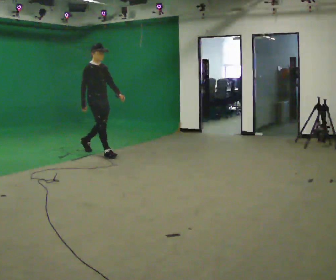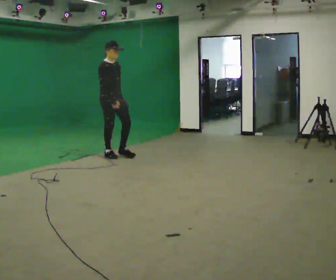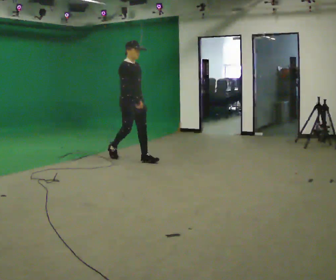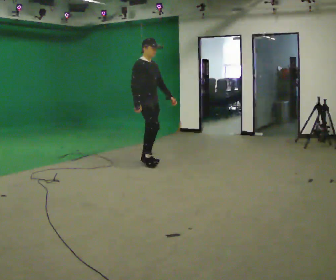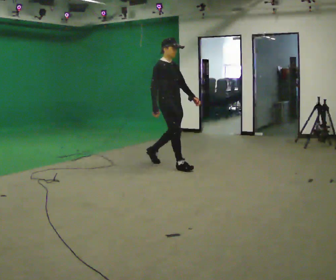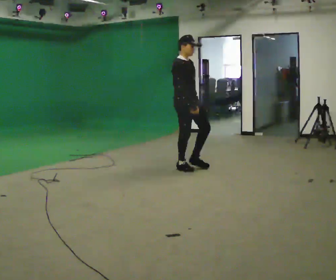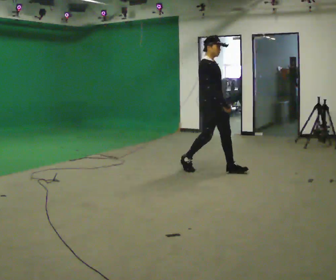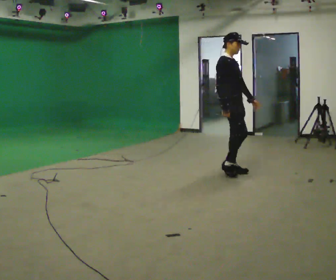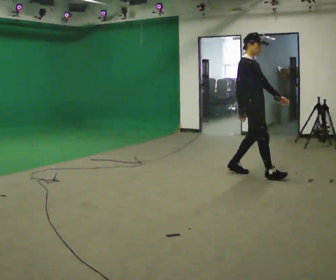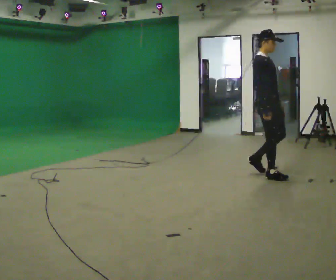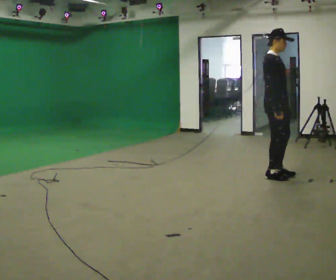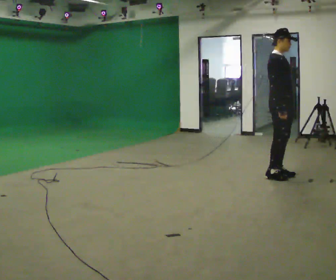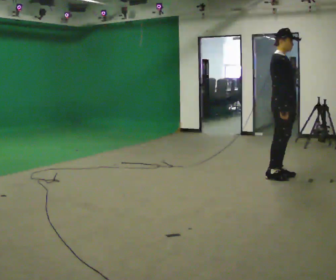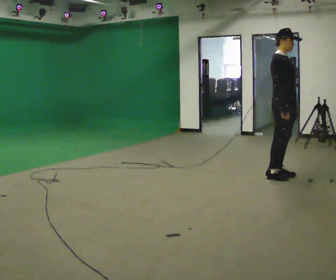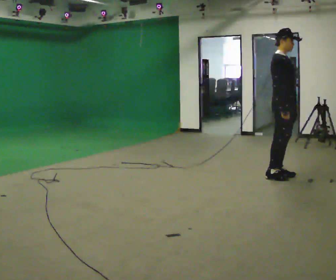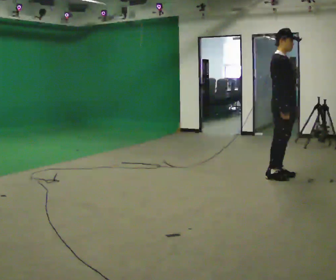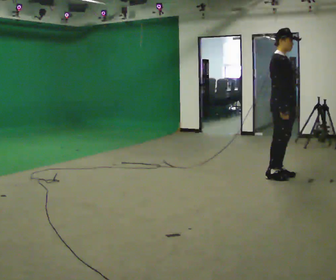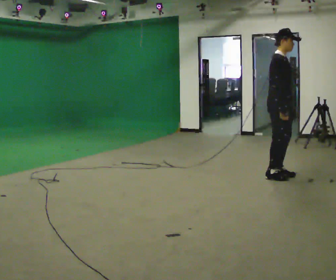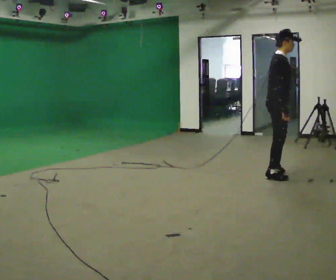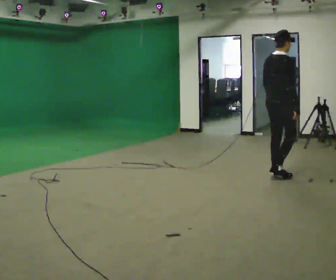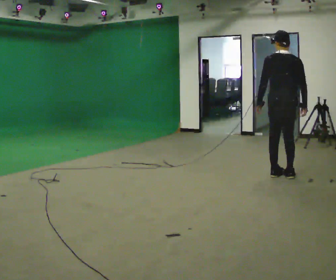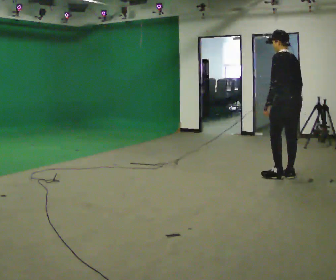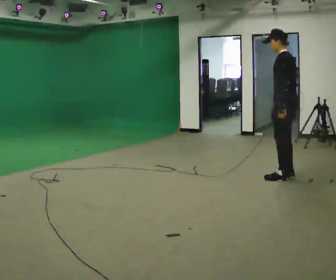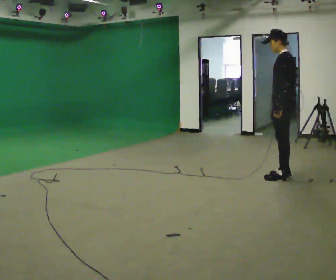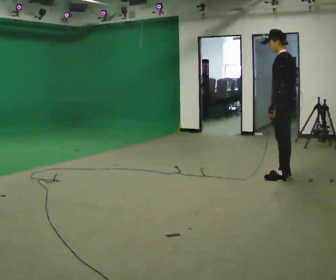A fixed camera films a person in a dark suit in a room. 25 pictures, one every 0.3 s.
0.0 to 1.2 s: In the picture they go to the right, about 1.5 m in 2 steps, which for them is forward.
1.2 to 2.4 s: In the picture they go to the right, about 1 m in 2 steps, which for them is forward.
2.4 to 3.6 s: In the picture they go to the right, about 0.25 m in 1 step, which for them is forward.
3.6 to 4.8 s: The person keeps their place and pose.
4.8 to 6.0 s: The person turns about 120 degrees to their left, counterclockwise seen from above, so the part of the body nearest the lens slides to the right. In the picture their left hand goes to the left, the arm swinging clockwise.
6.0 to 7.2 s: The part of the body nearest the lens slides to the right as the person turns to their left by about 60 degrees.
The film runs forward here.
